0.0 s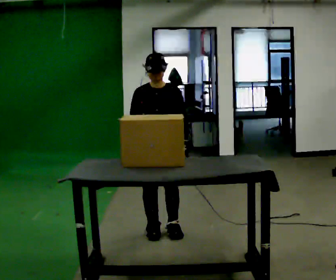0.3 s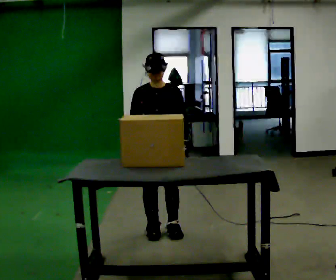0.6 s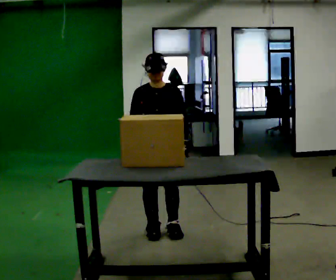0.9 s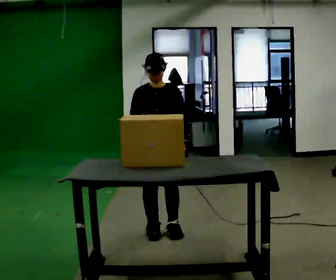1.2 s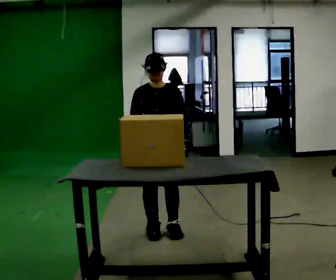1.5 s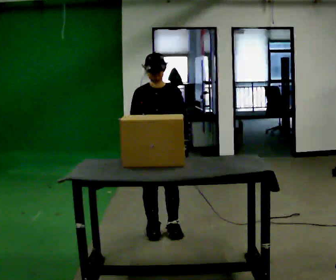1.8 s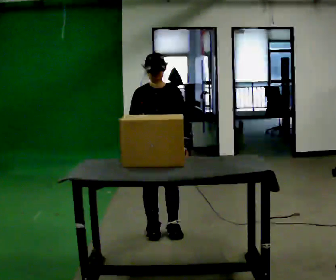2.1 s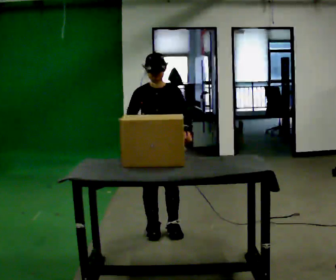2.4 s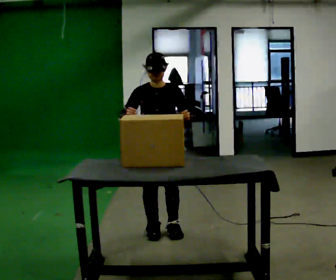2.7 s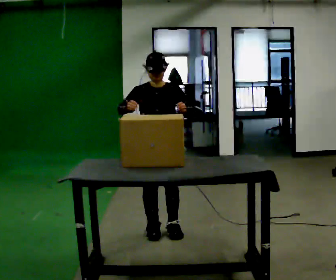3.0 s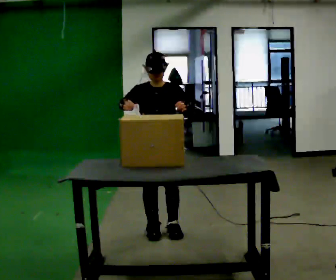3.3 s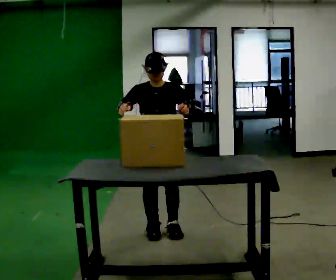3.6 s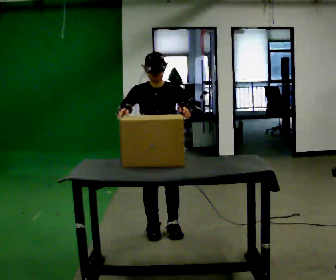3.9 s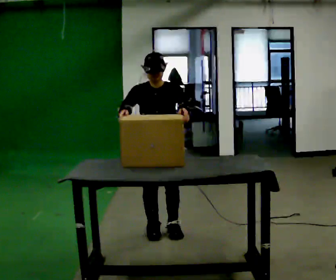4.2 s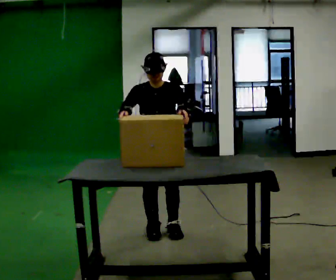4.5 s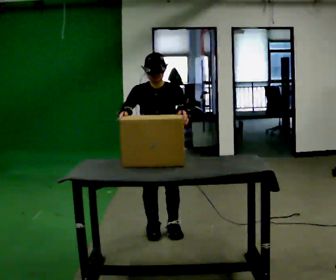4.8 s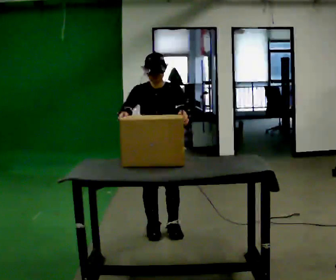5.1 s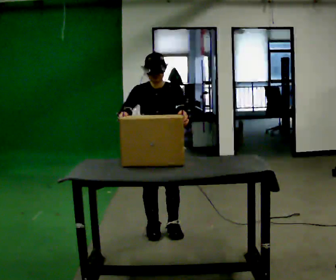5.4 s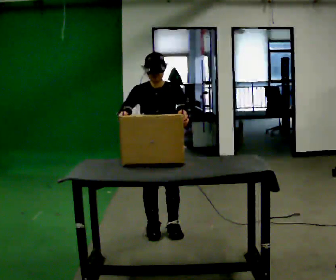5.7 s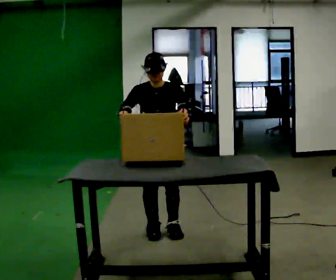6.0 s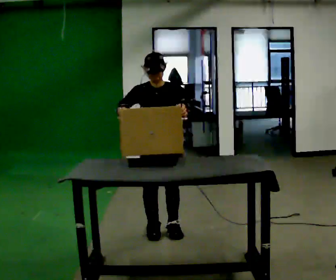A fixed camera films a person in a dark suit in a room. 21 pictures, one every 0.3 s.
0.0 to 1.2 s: The person keeps their place and pose.
1.2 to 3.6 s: In the picture their right hand goes upward.
3.6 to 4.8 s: The person keeps their place and pose.
4.8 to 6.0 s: The person moves a little, or ends about where they began.
The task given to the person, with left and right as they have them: Pick the fragile object up and set it back down as gently as you can. Repeat at your own pace until the operator says stop. Keep both feet on the marked spots for the whole take. If you have to step, stop and tell the operator.
The film runs forward here.
